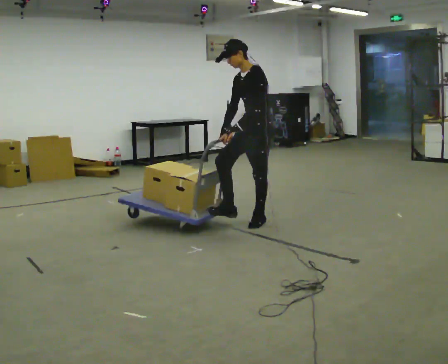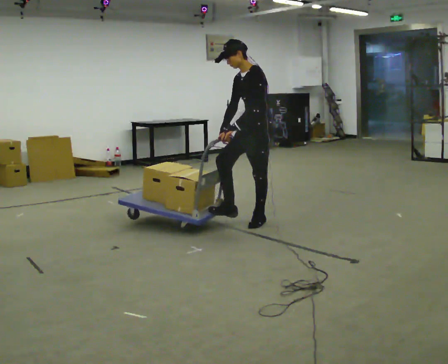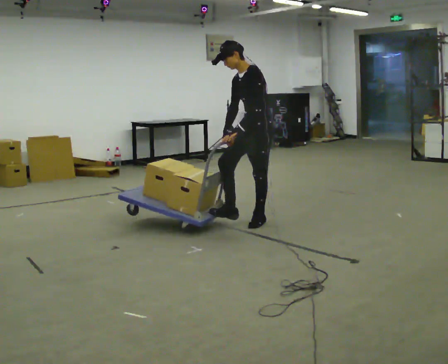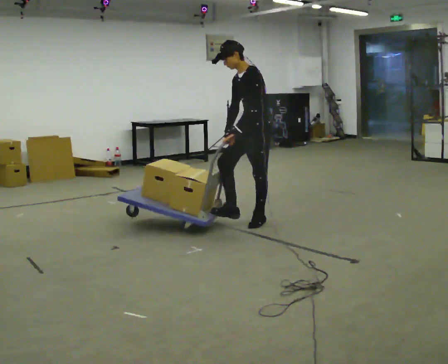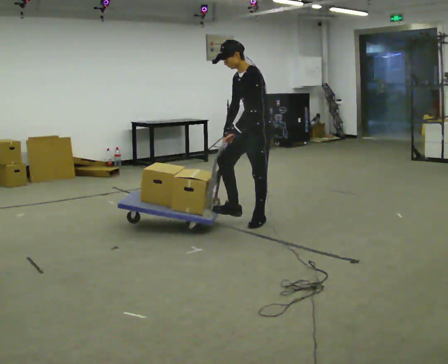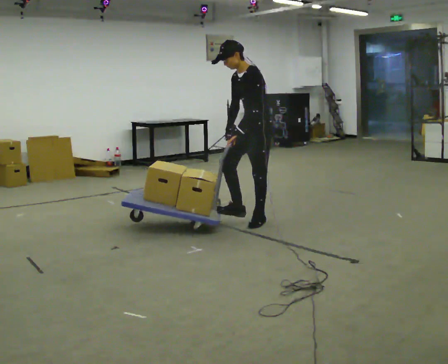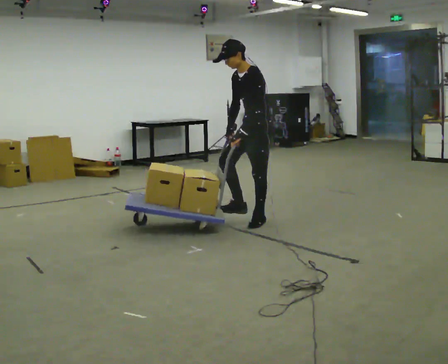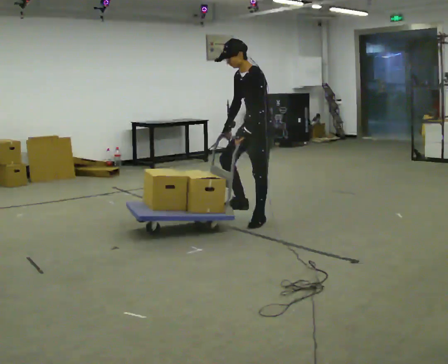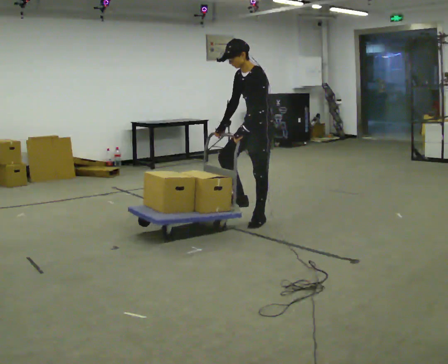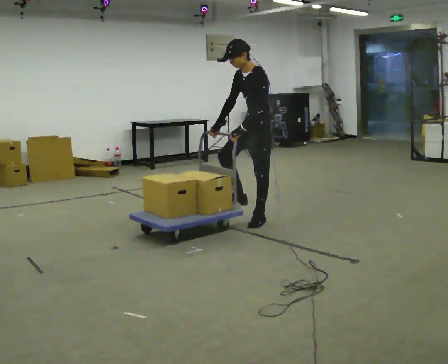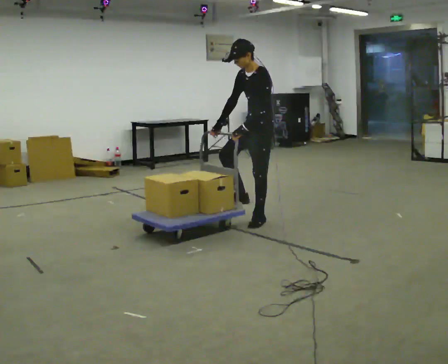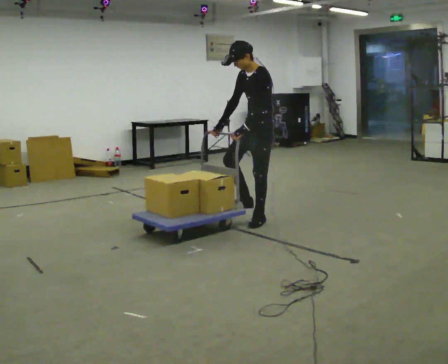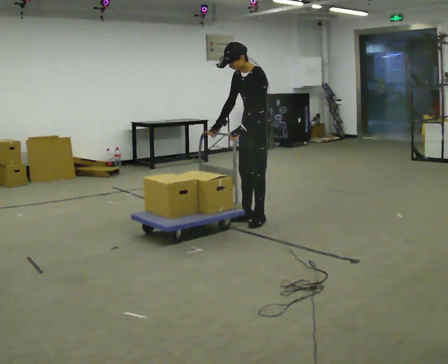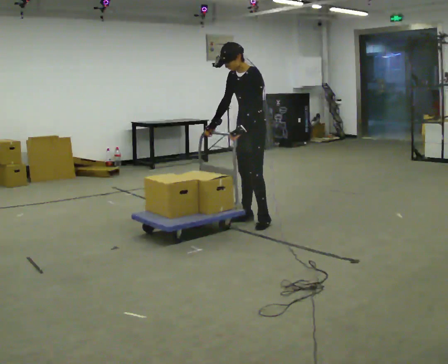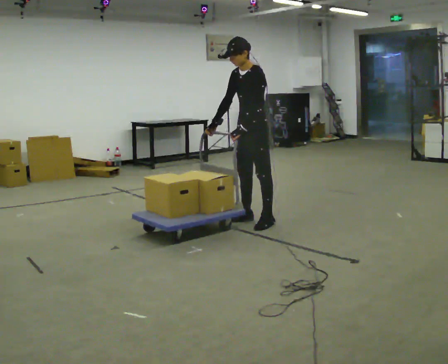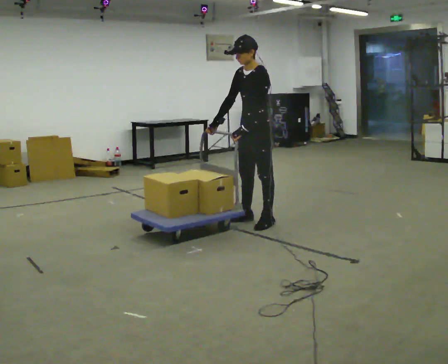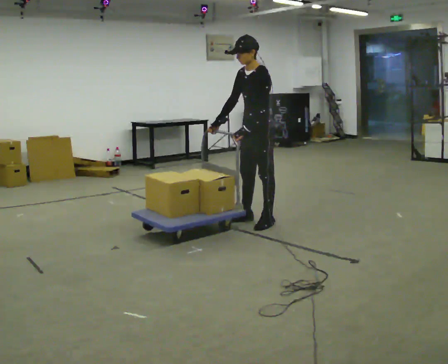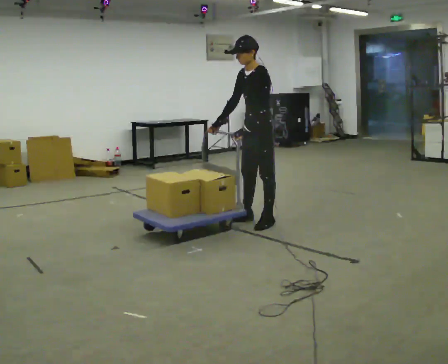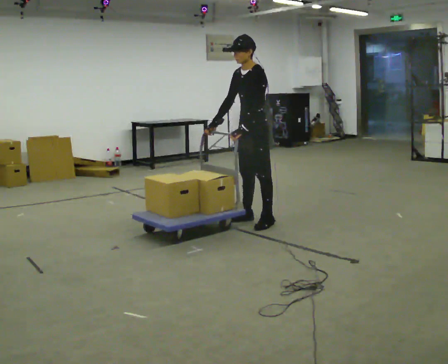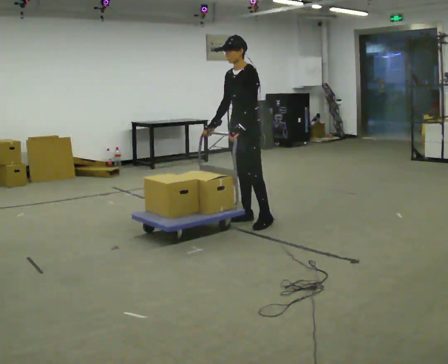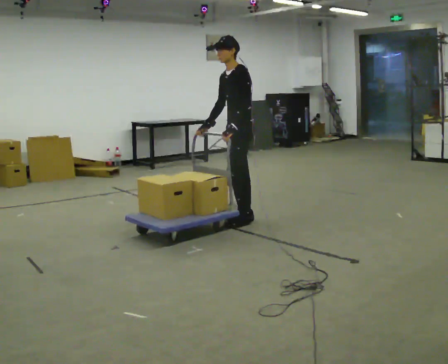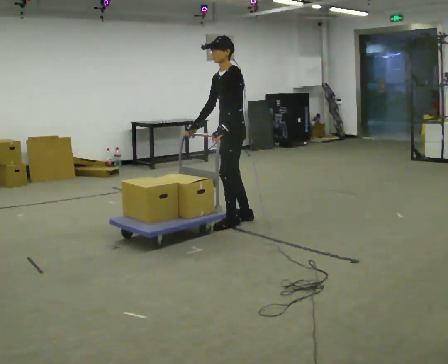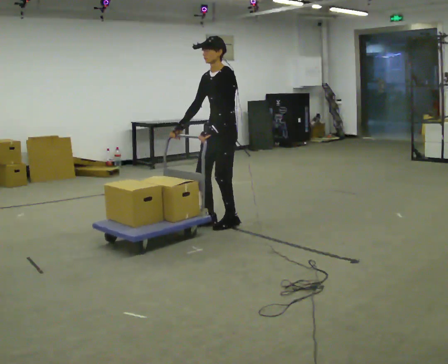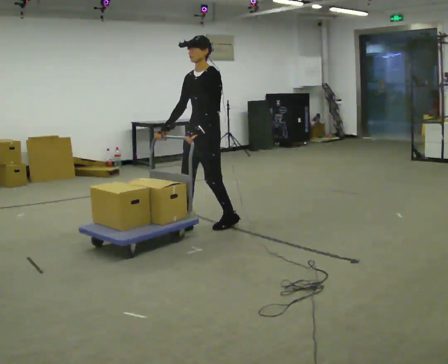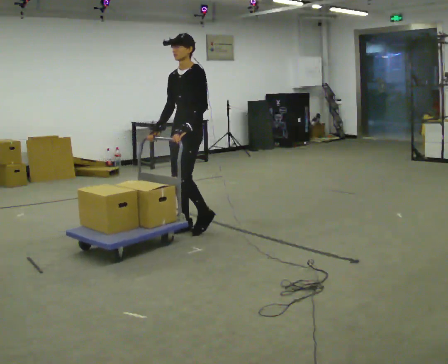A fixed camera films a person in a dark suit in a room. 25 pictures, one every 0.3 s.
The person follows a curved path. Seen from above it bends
counterclockwise.
0.0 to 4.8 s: The person moves a little, or ends about where they began.
4.8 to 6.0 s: In the picture they go to the left, about 0.25 m in 1 step, which for them is to their right.
6.0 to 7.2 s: In the picture they go to the left and toward the camera, about 0.5 m in 2 steps, which for them is forward.
The film runs backward here.
